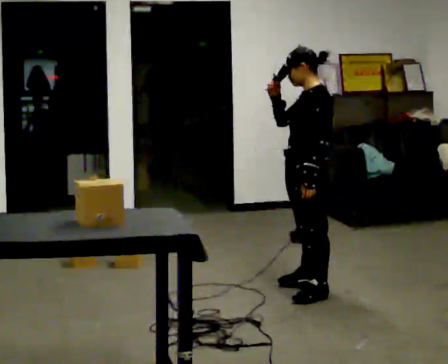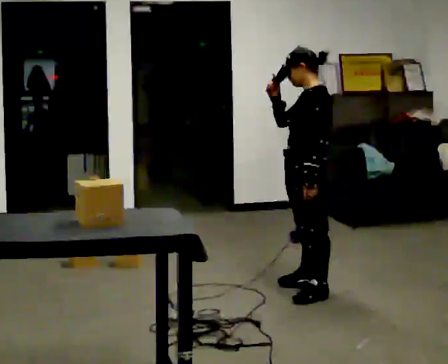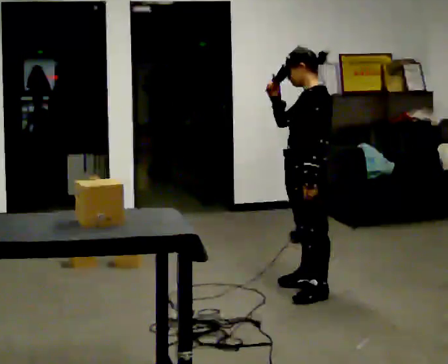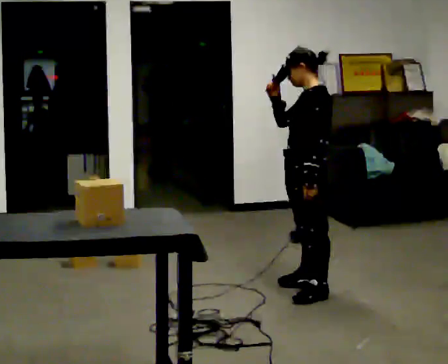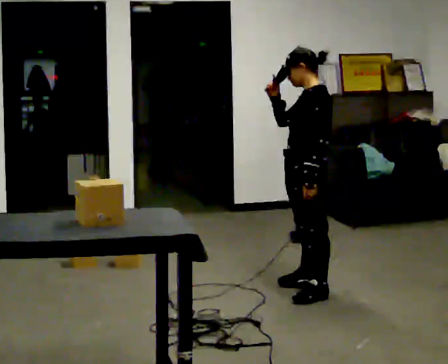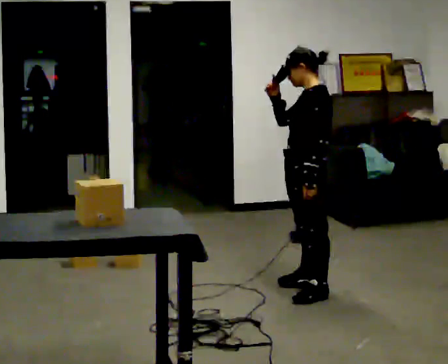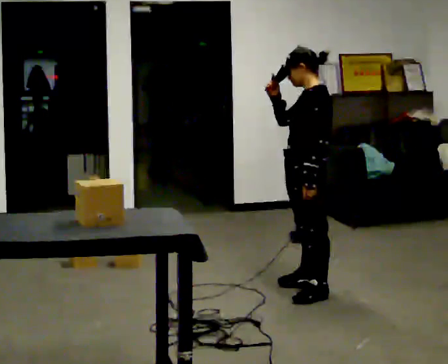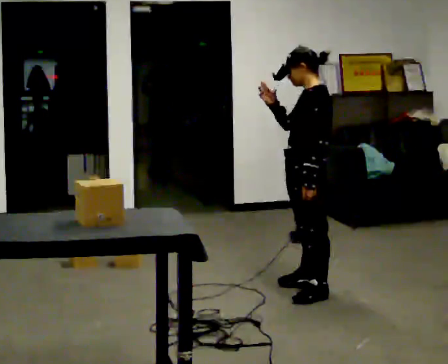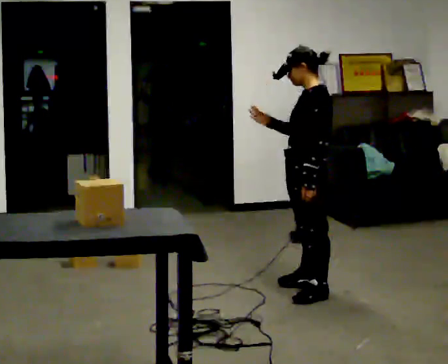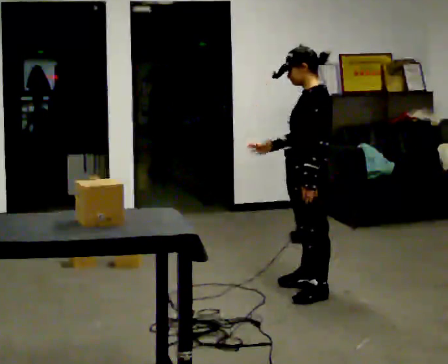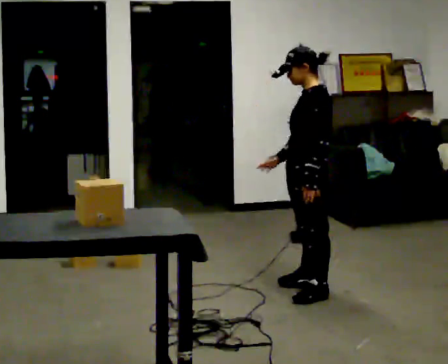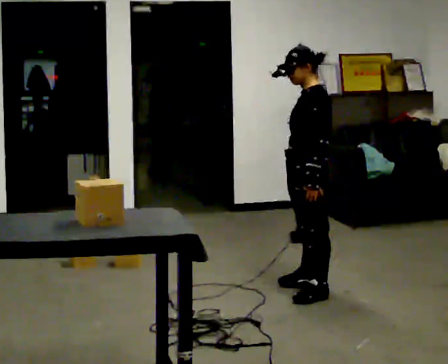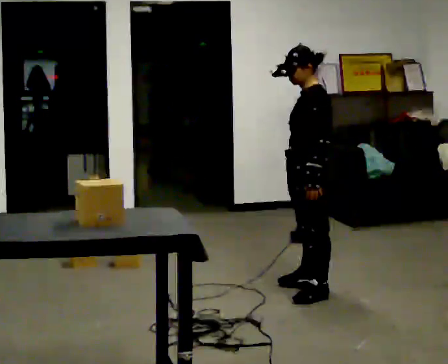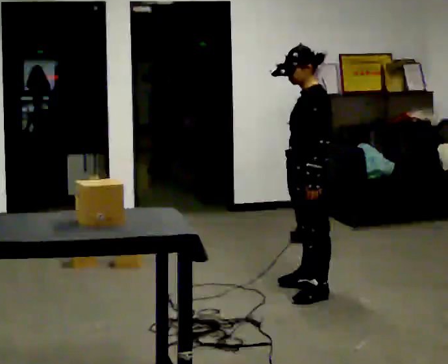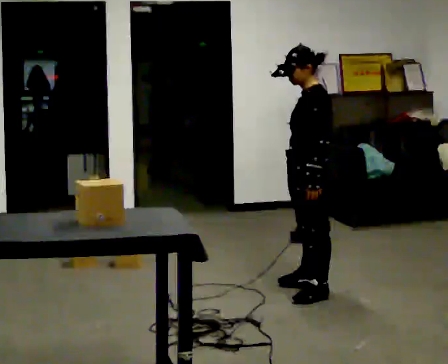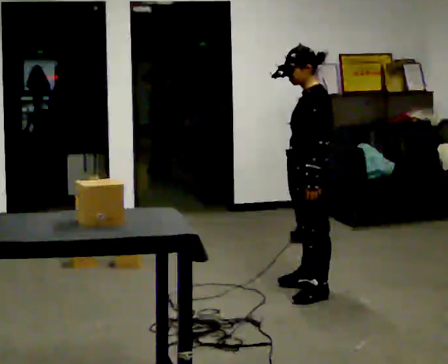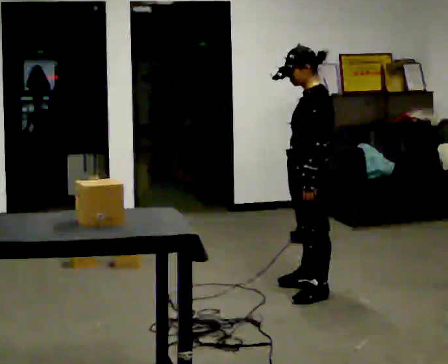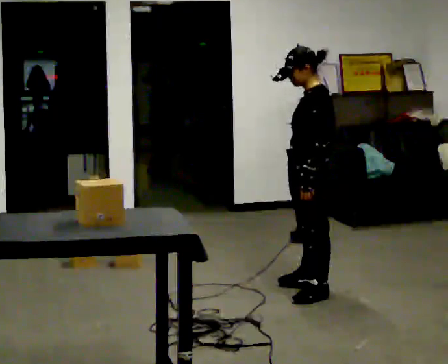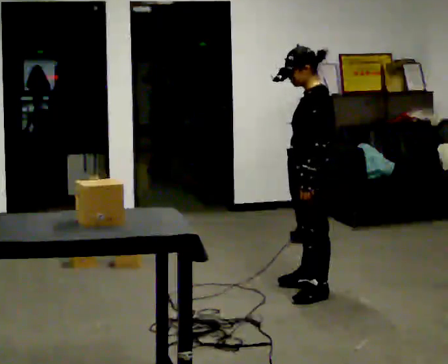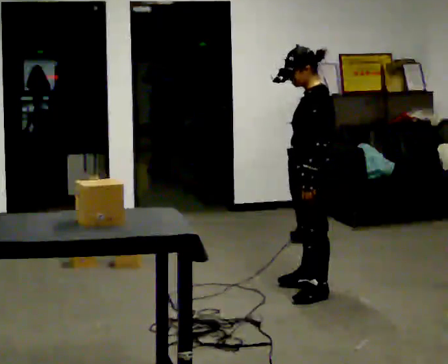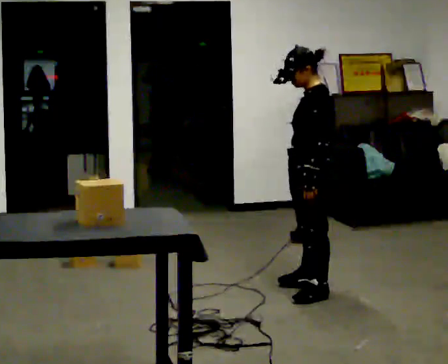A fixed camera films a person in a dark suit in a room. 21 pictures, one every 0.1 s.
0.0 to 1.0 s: In the picture their right hand goes downward.
1.0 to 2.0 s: The person moves a little, or ends about where they began.
The film runs forward here.
